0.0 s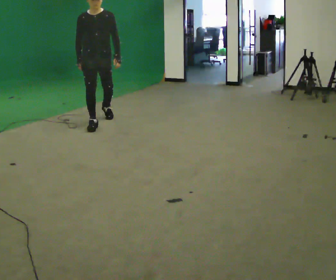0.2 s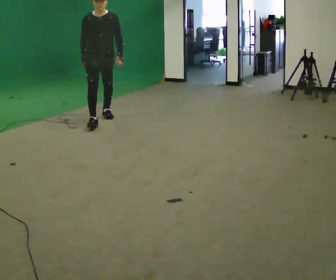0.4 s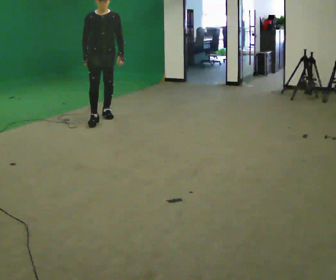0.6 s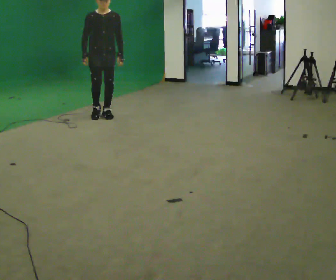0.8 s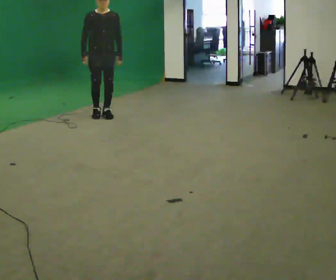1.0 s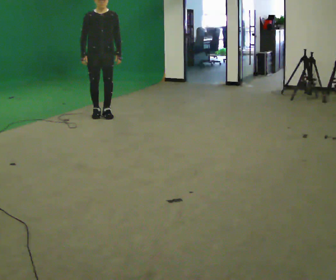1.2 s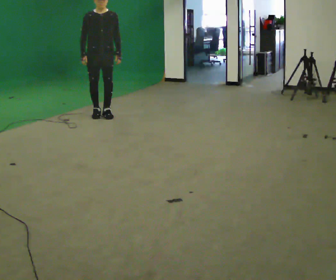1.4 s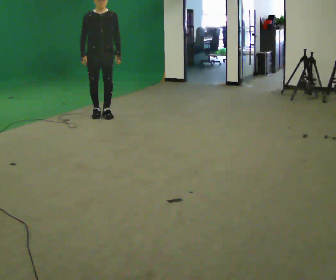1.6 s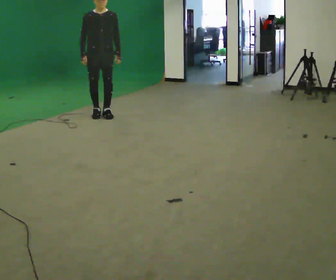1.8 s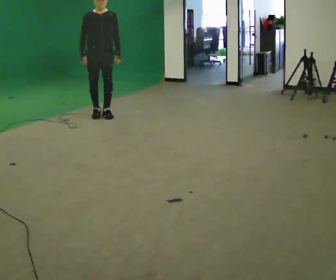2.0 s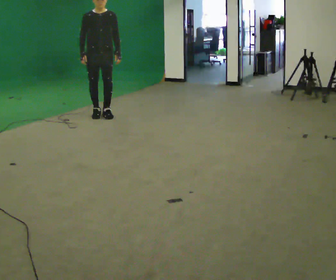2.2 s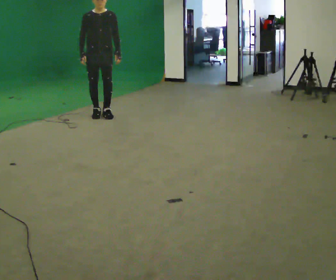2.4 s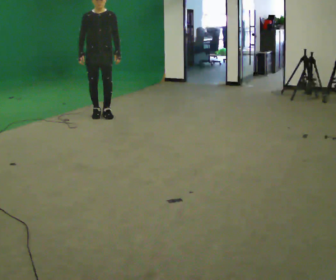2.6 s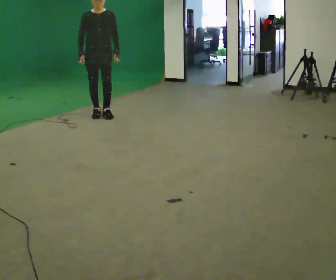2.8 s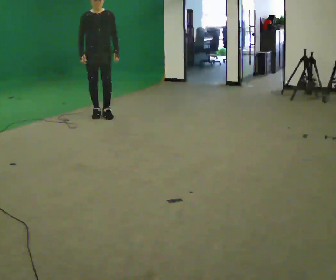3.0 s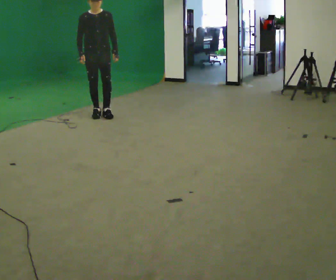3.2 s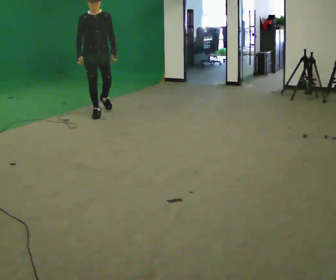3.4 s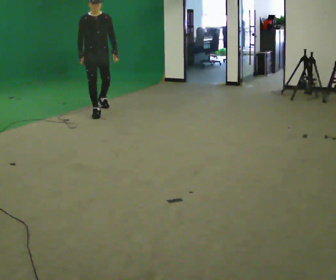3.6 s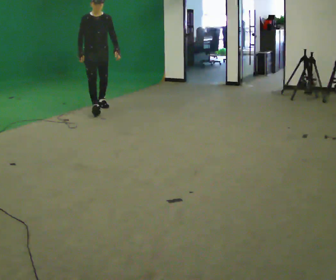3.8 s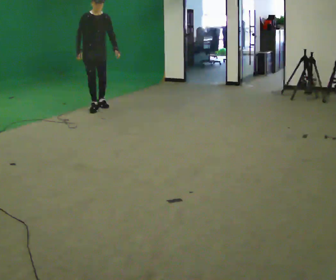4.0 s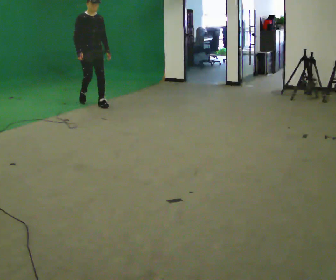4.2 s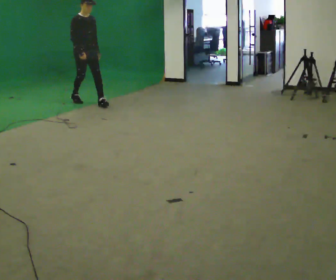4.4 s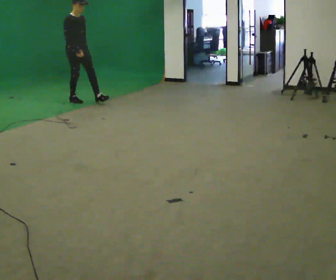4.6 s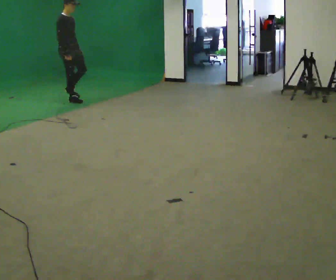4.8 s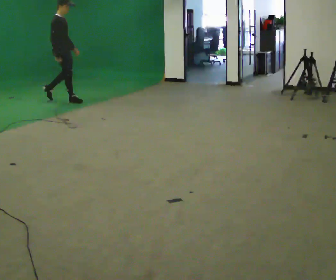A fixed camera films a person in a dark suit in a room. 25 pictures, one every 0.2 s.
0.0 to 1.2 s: In the picture they go away from the camera, about 0.5 m in 1 step, which for them is backward.
1.2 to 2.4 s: The person moves a little, or ends about where they began.
2.4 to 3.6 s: In the picture they go away from the camera, about 0.5 m in 1 step, which for them is backward.
3.6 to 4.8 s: The person turns about 60 degrees to their left, counterclockwise seen from above, so the part of the body nearest the lens slides to the right. In the picture they go away from the camera and to the left, about 1 m in 2 steps.
The film runs backward here.
